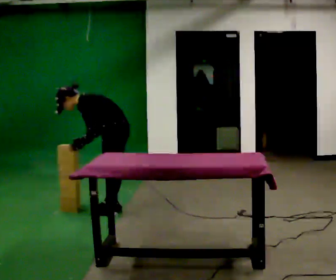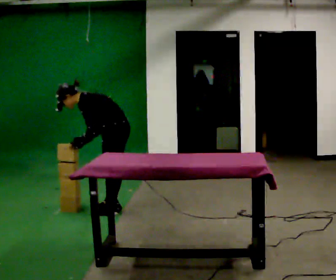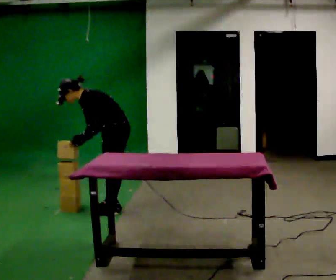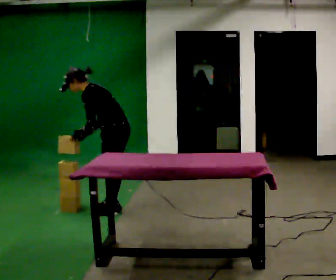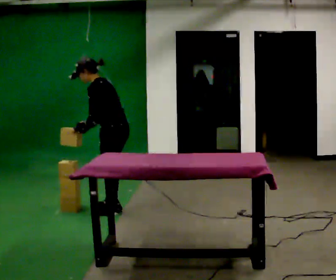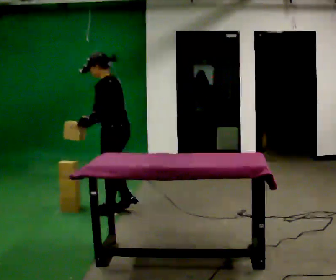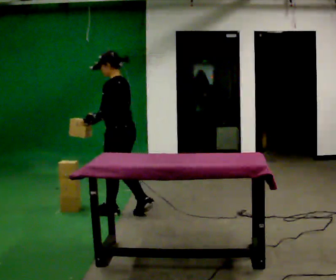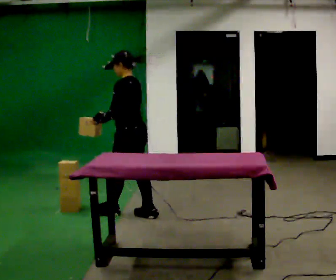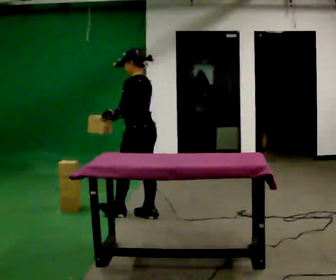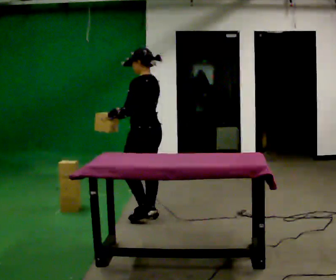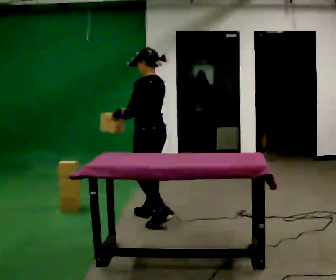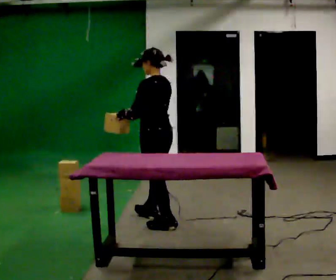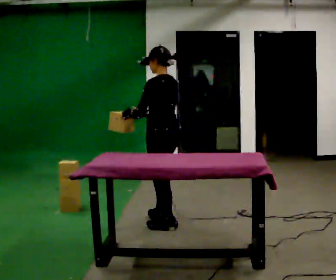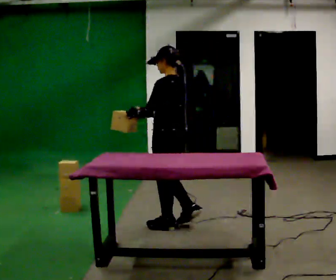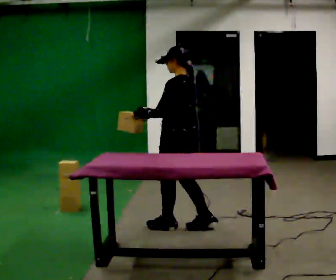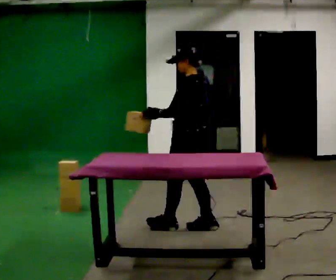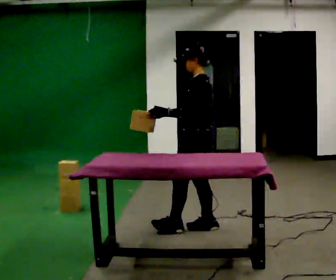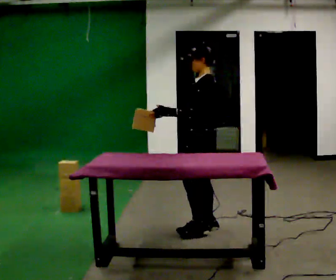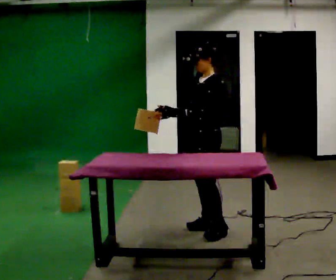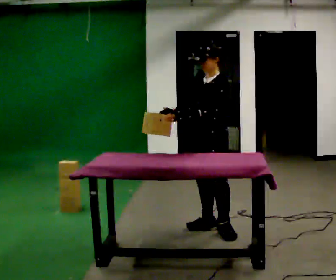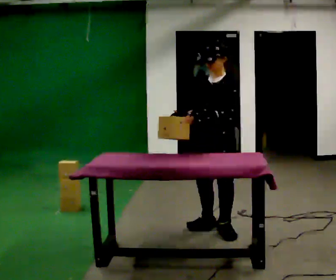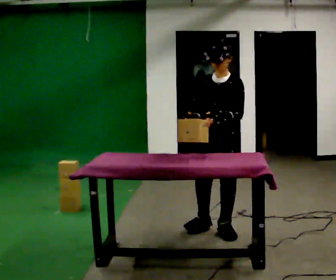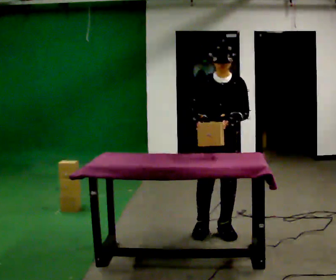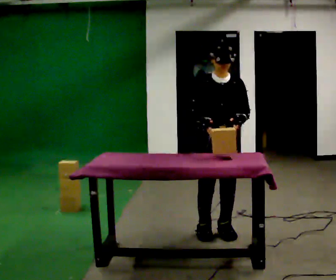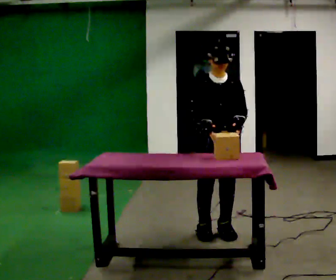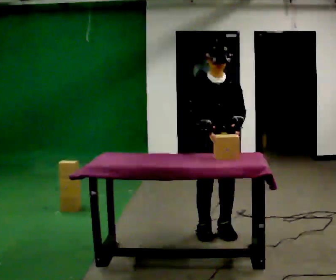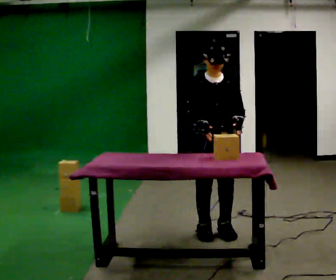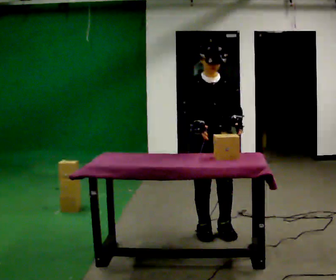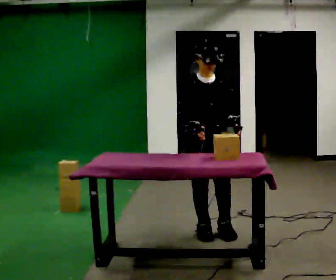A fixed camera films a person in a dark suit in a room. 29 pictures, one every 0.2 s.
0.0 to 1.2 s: The shoulders move upward. In the picture the upper body tilts clockwise, shoulders to the right, as they lean back or straighten.
1.2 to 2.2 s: In the picture they go to the right and toward the camera, about 0.5 m in 1 step, which for them is backward.
2.2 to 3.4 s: The person turns about 30 degrees to their left, counterclockwise seen from above, so the part of the body nearest the lens slides to the right. In the picture they go to the right and toward the camera, about 0.5 m in 2 steps, which for them is backward.
3.4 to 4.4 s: The part of the body nearest the lens slides to the right as the person turns to their left by about 75 degrees.
4.4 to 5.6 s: The part of the body nearest the lens slides to the right as the person turns to their left by about 30 degrees.
The film runs backward here.
